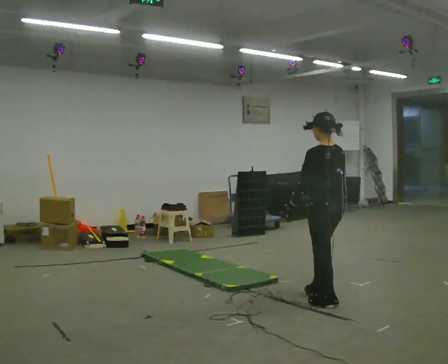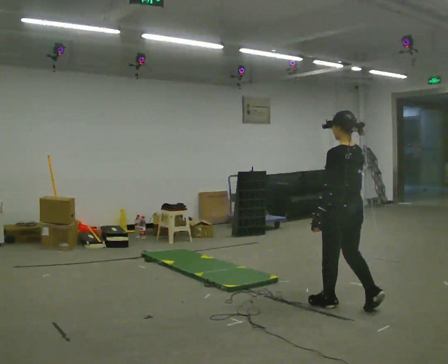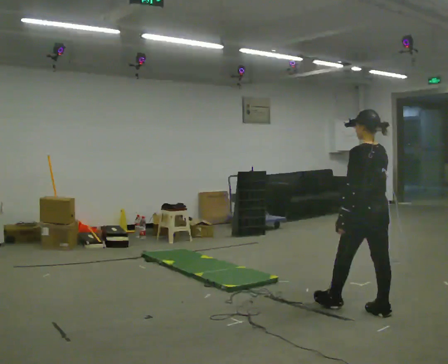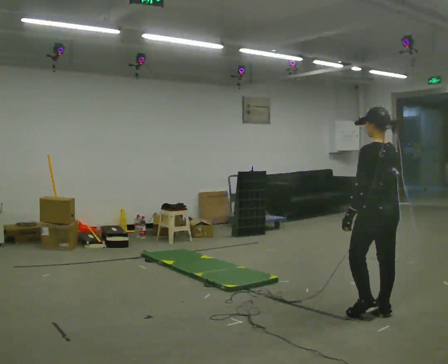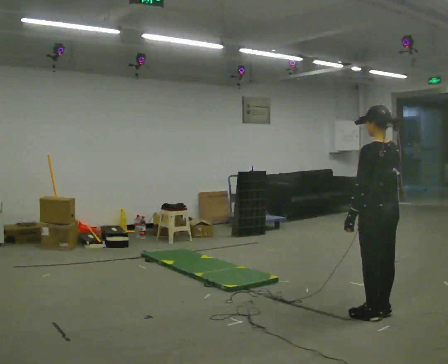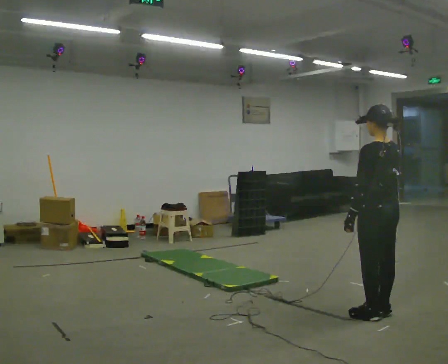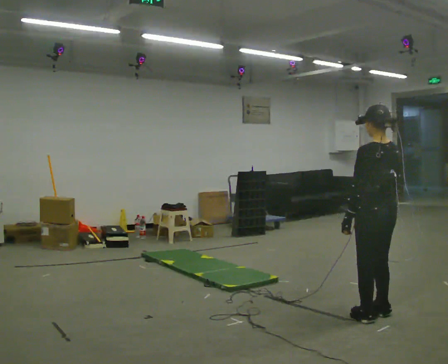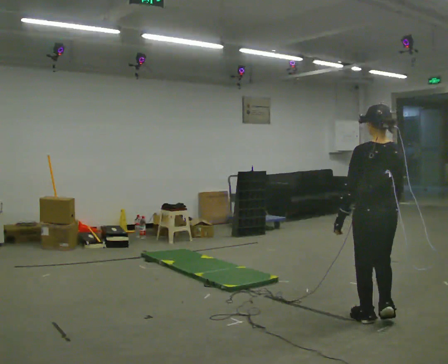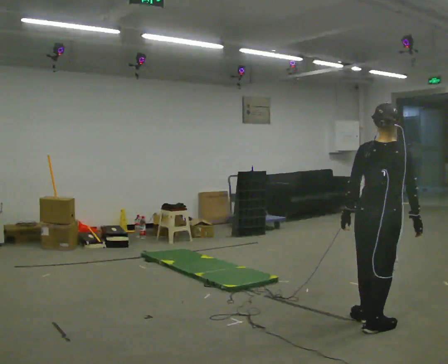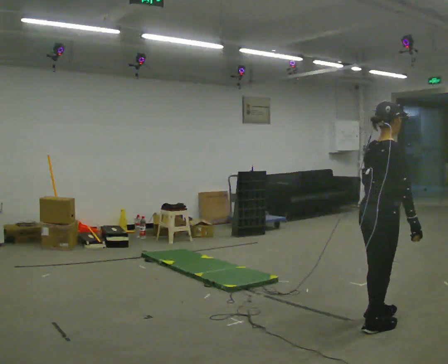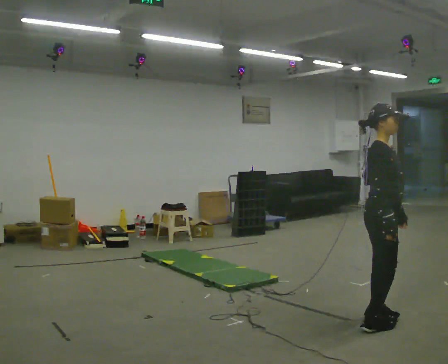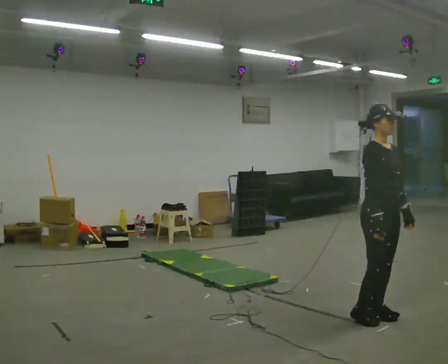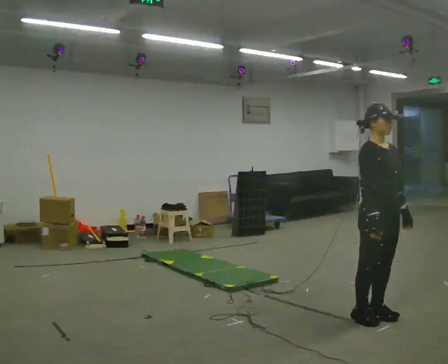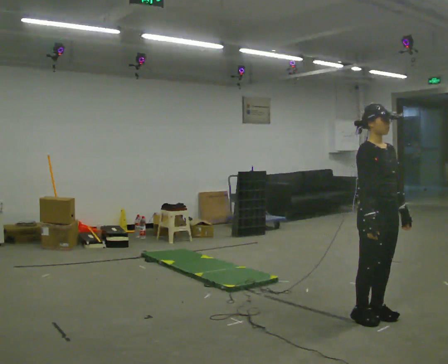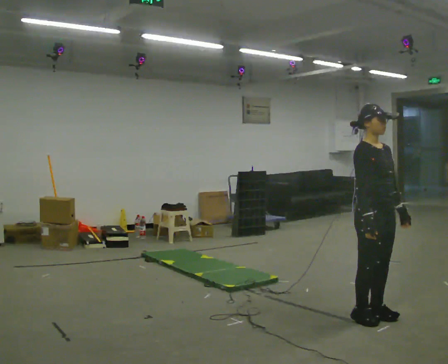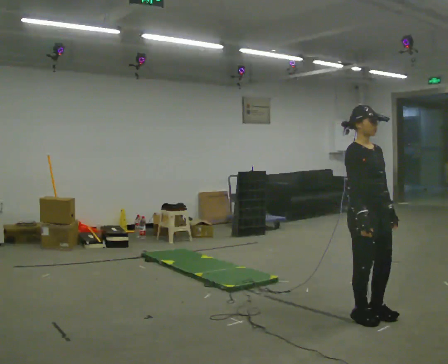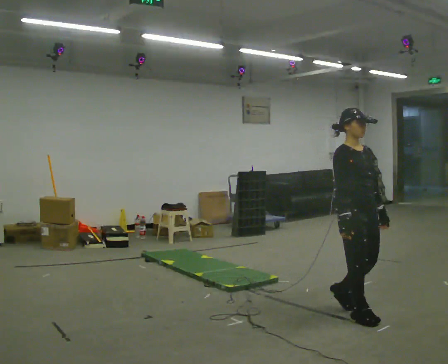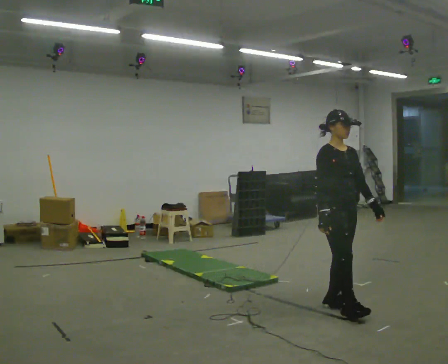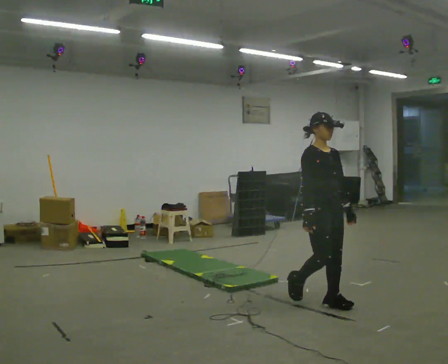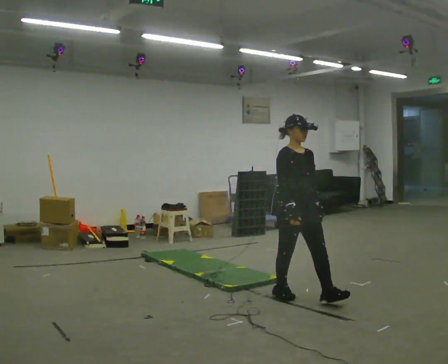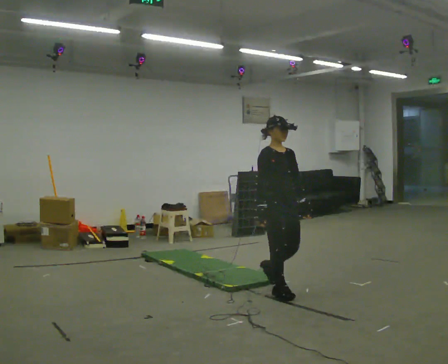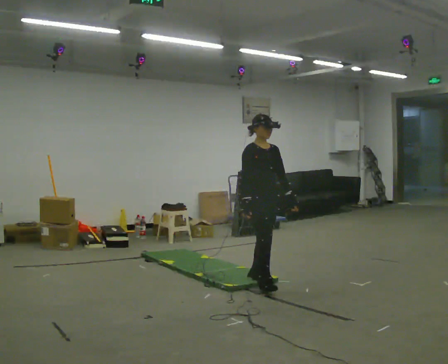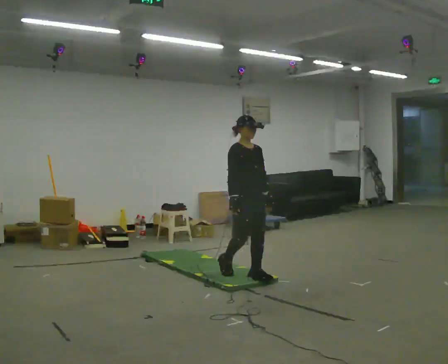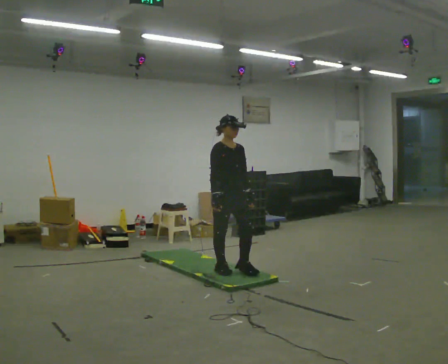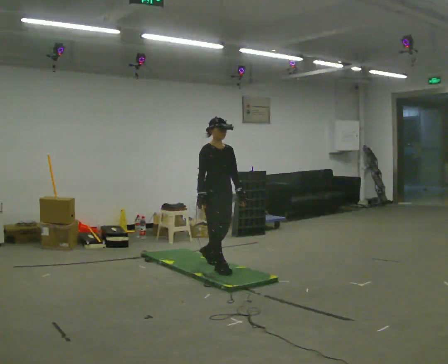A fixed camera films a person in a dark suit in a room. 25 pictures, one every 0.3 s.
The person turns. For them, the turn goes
to their right.
The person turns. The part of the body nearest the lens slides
to the left.
0.0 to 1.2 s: In the picture they go to the right and toward the camera, about 0.5 m in 1 step, which for them is backward.
1.2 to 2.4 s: The person turns about 60 degrees to their right, clockwise seen from above, so the part of the body nearest the lens slides to the left. In the picture they go toward the camera, about 0.25 m in 1 step, which for them is backward and to their left.
2.4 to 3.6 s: The part of the body nearest the lens slides to the left as the person turns to their right by about 120 degrees. In the picture their left hand goes to the right, the arm swinging counterclockwise.
3.6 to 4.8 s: In the picture they go to the left, about 0.25 m in 1 step, which for them is backward.
4.8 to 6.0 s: In the picture they go to the left and away from the camera, about 1 m in 2 steps, which for them is backward.
6.0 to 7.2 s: In the picture they go to the left and away from the camera, about 1 m in 2 steps, which for them is backward.
The film runs backward here.
